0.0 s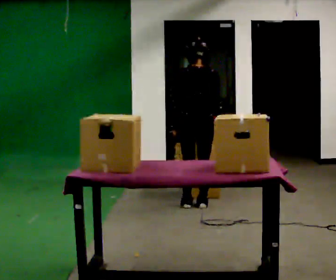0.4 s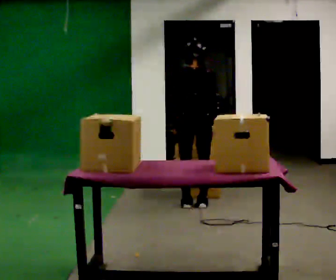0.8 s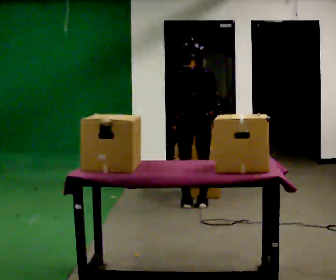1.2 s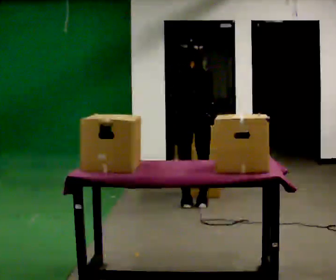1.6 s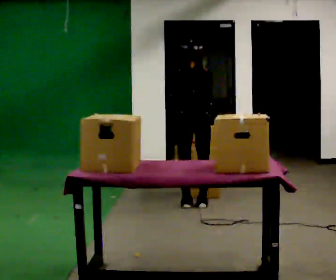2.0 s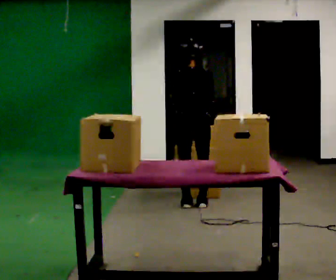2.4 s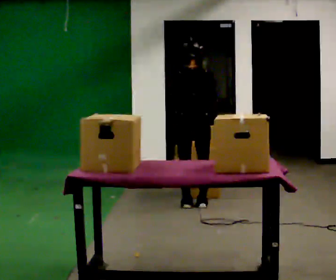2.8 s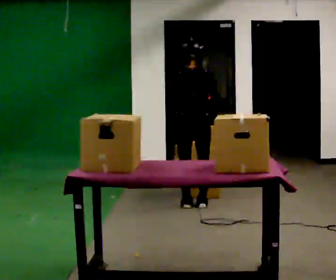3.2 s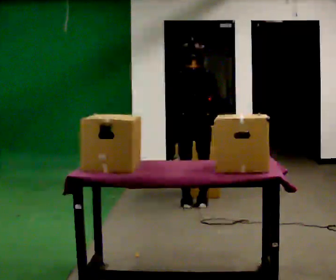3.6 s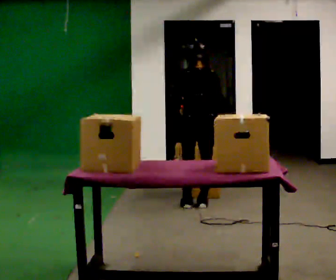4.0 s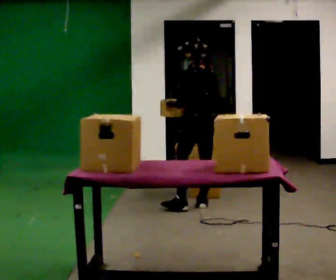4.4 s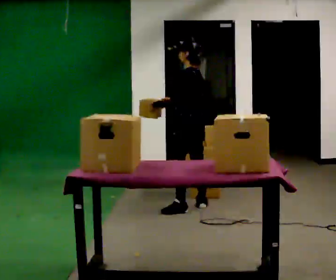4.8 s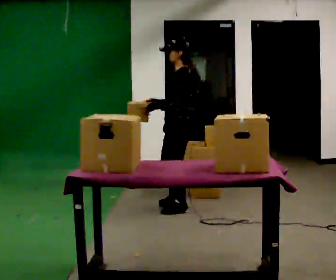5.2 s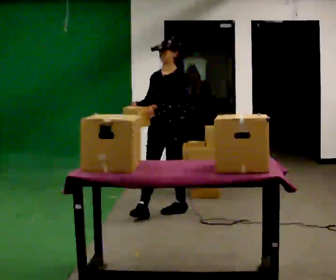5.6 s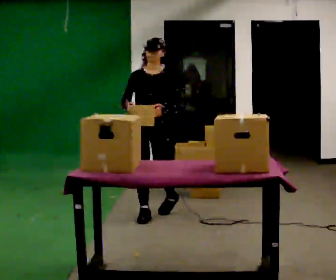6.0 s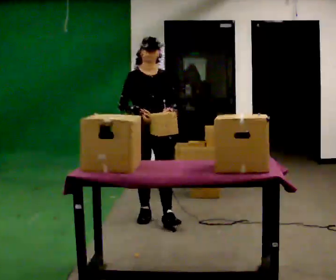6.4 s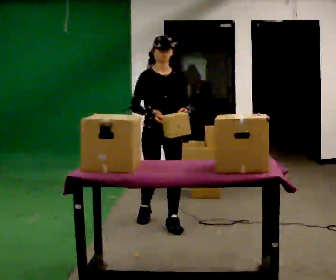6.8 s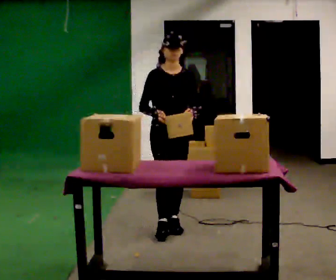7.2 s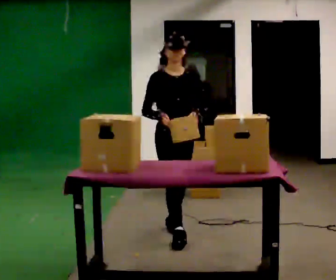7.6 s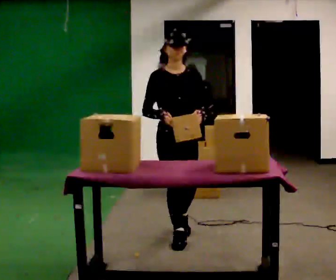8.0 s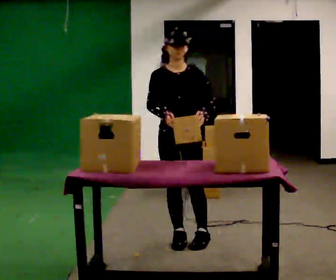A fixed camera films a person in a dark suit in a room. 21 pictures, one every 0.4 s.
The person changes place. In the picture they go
toward the camera.
0.0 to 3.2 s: The person moves a little, or ends about where they began.
3.2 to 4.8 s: The part of the body nearest the lens slides to the right as the person turns to their left by about 90 degrees. In the picture they go toward the camera, about 0.25 m in 1 step.
4.8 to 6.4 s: The person turns about 90 degrees to their left, counterclockwise seen from above, so the part of the body nearest the lens slides to the right. In the picture they go toward the camera, about 0.5 m in 2 steps.
6.4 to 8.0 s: In the picture they go toward the camera and to the right, about 0.5 m in 2 steps, which for them is forward.
The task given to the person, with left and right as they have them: Carry the object over and fit it into the gap between the two boxes already on the shelf, without touching either of them. Keep going until the operator says stop; one object at a time, and do not rush between trips.
The film runs forward here.
